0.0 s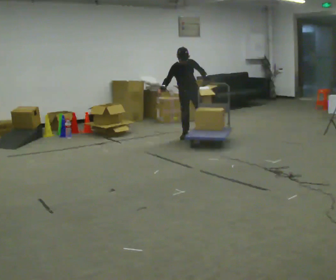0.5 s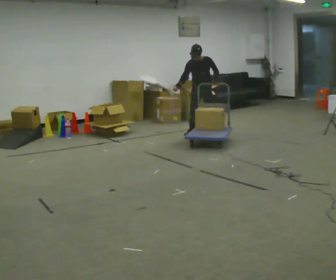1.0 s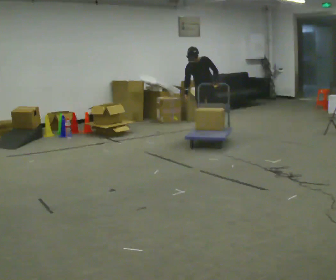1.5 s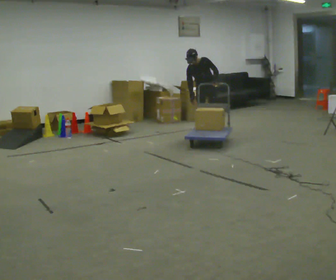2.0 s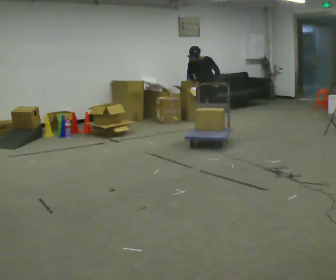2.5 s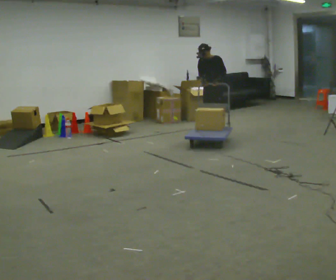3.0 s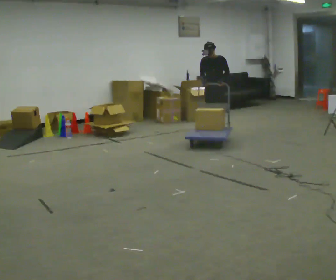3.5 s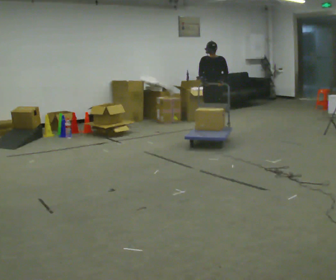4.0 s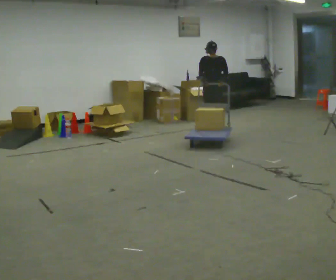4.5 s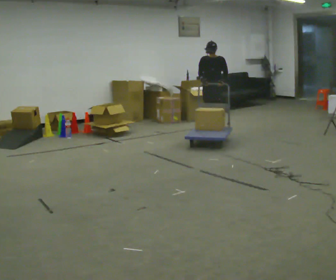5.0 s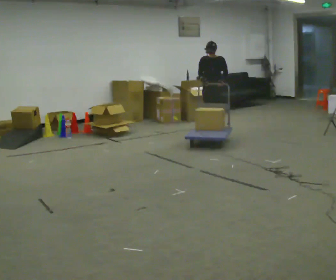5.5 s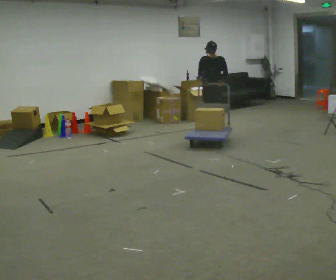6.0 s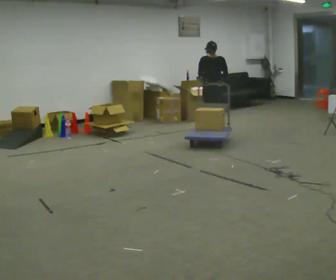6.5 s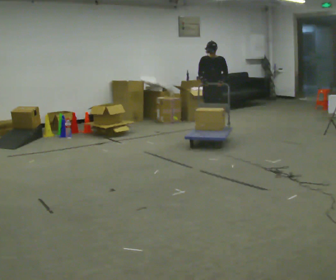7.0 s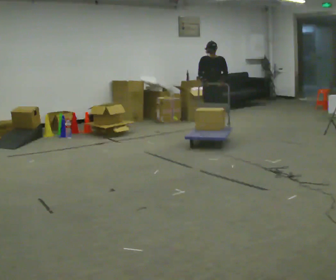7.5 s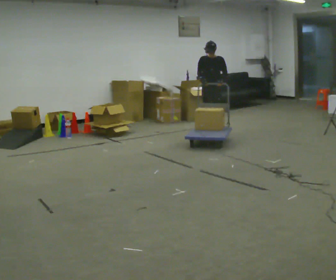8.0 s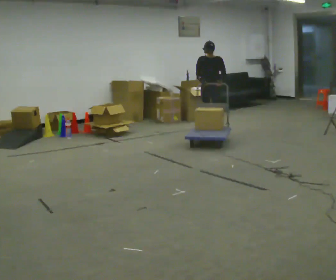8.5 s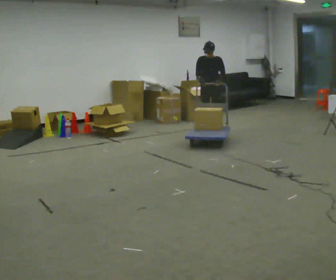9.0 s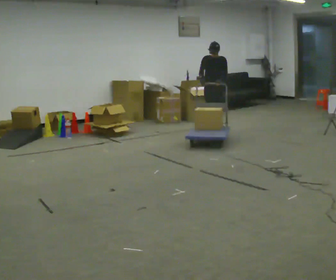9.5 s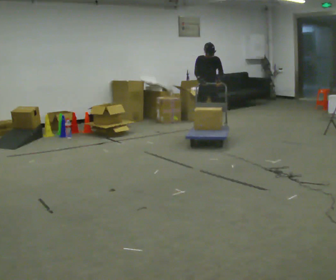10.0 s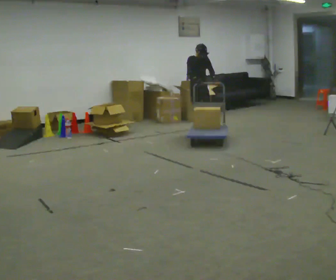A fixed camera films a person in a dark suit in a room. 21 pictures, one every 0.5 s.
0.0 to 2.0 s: The person turns about 30 degrees to their right, clockwise seen from above, so the part of the body nearest the lens slides to the left. In the picture they go to the right and away from the camera, about 0.25 m in 1 step, which for them is to their left and backward.
2.0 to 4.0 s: In the picture the upper body tilts clockwise, shoulders to the right, as they lean back or straighten.
4.0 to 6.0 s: The person keeps their place and pose.
6.0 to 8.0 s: The person moves a little, or ends about where they began.
8.0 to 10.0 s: The part of the body nearest the lens slides to the right as the person turns to their left by about 45 degrees. In the picture they go away from the camera and to the left, about 0.25 m in 3 steps, which for them is backward and to their right.
The film runs backward here.
